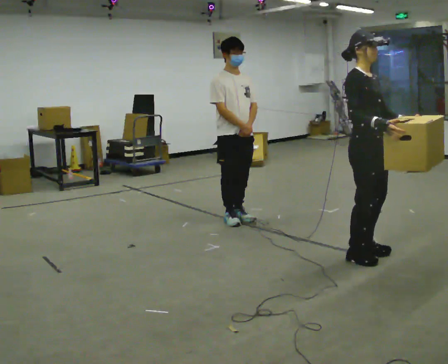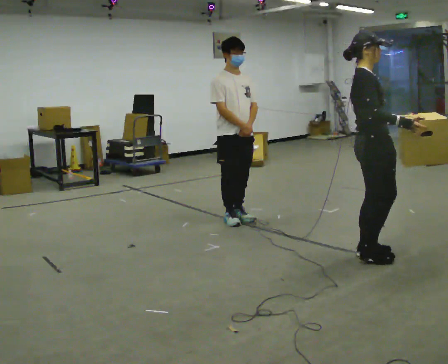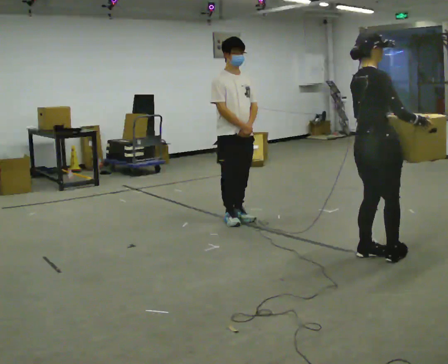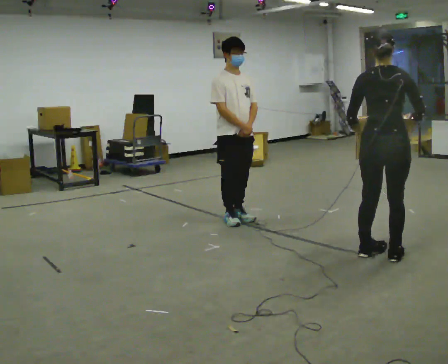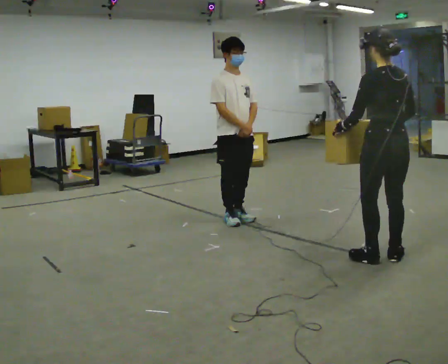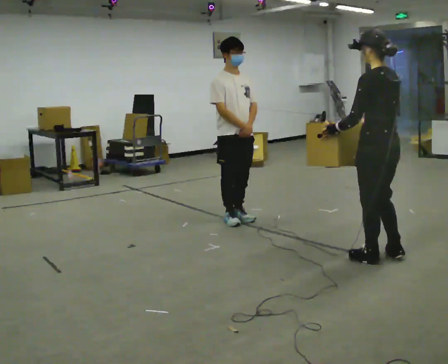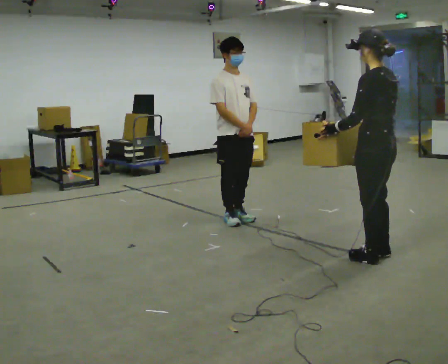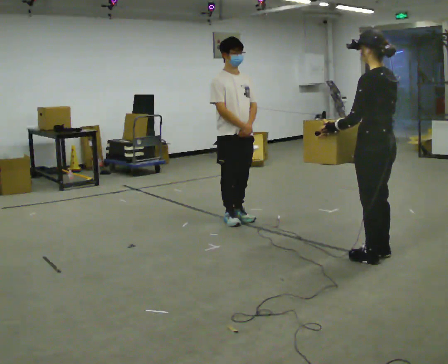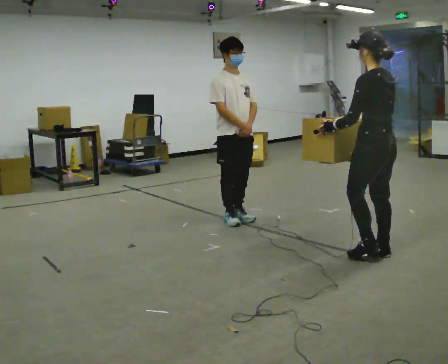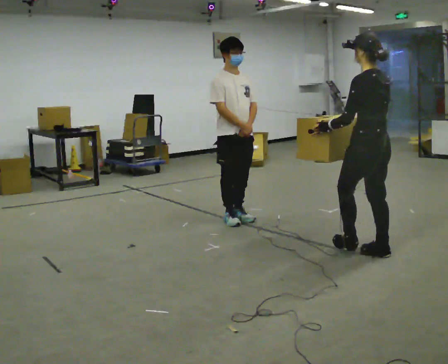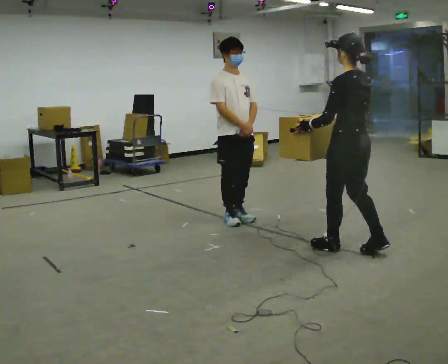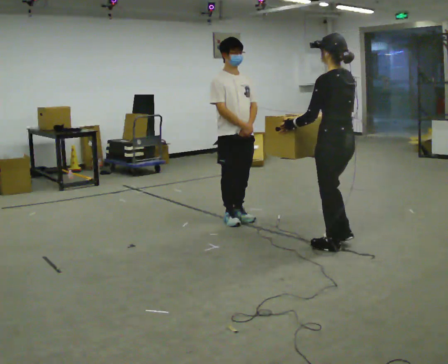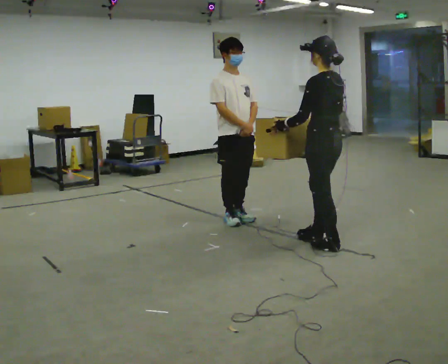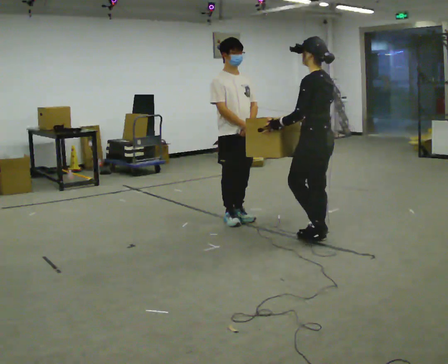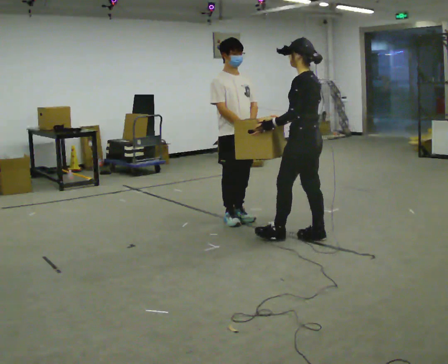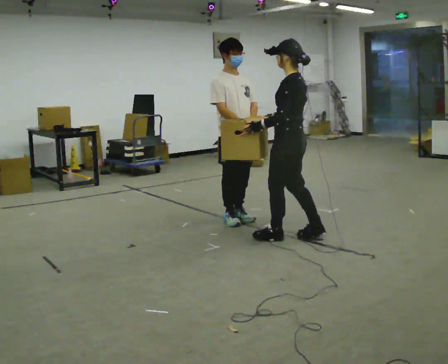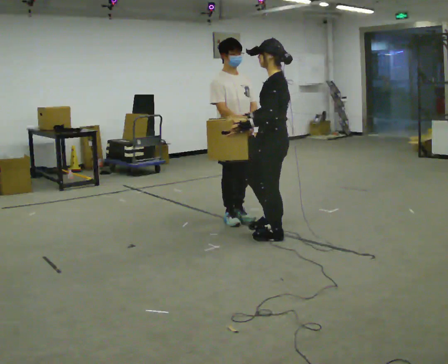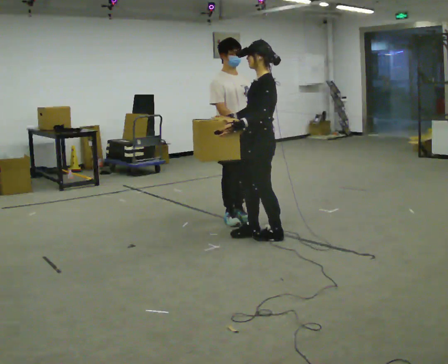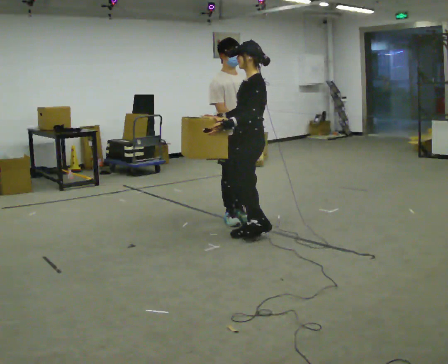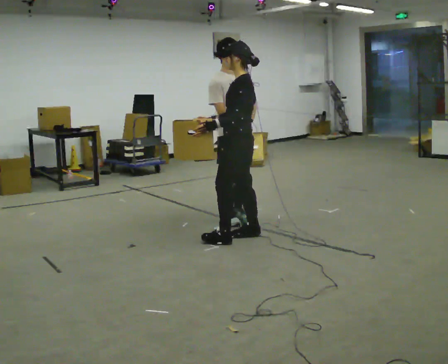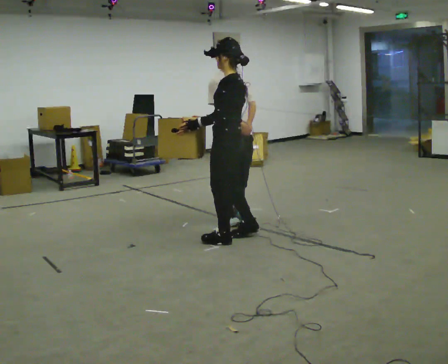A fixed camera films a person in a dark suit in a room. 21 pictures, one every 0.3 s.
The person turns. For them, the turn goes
to their left.
The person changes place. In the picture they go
to the left.
0.0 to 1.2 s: Seen from above the body turns counterclockwise, about 150 degrees: to their left, with its near side sliding to the right.
1.2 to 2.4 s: The person moves a little, or ends about where they began.
2.4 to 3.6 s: In the picture they go to the left and away from the camera, about 0.5 m in 2 steps, which for them is forward.
3.6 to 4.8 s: The person turns about 45 degrees to their left, counterclockwise seen from above, so the part of the body nearest the lens slides to the right. In the picture they go to the left, about 0.5 m in 1 step, which for them is forward.
4.8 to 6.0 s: In the picture they go to the left, about 0.25 m in 2 steps, which for them is forward.
The film runs forward here.
